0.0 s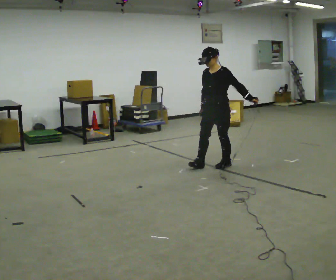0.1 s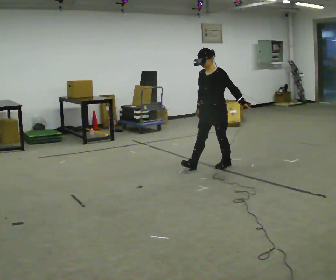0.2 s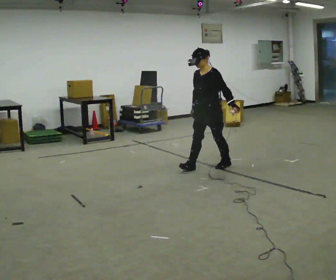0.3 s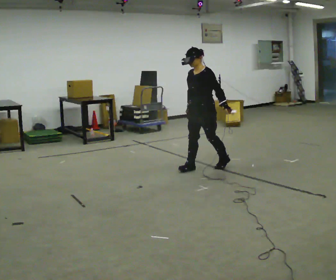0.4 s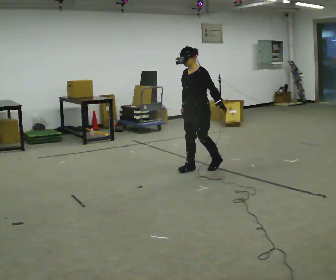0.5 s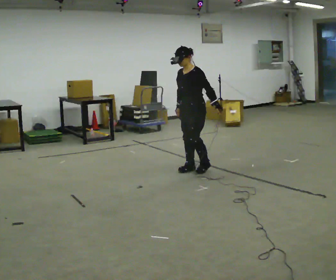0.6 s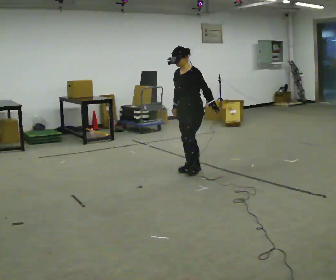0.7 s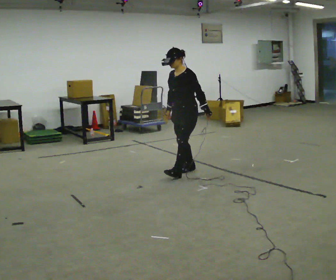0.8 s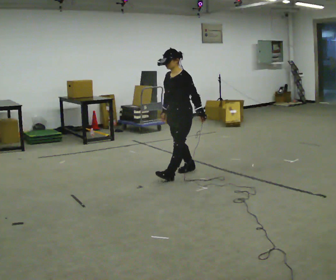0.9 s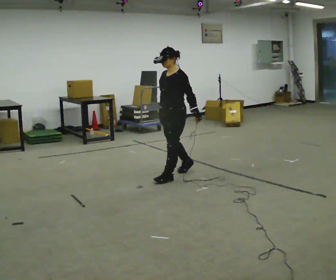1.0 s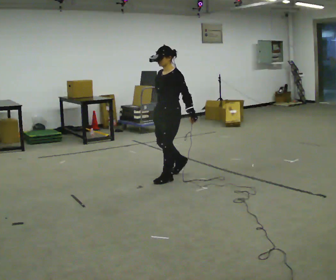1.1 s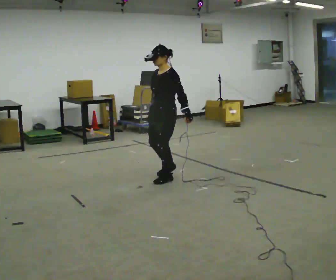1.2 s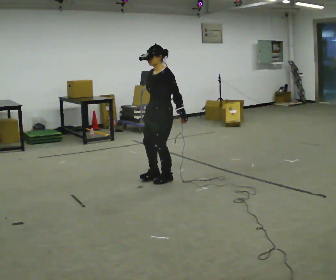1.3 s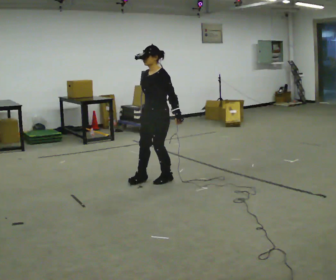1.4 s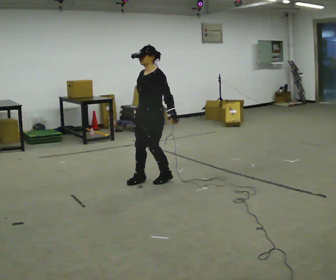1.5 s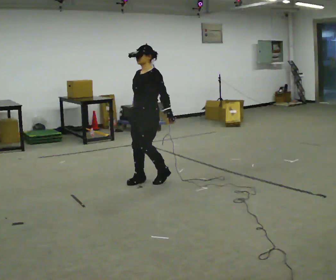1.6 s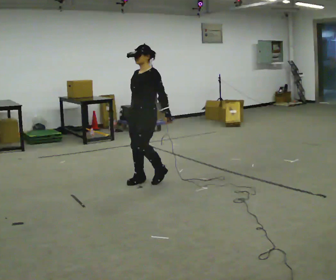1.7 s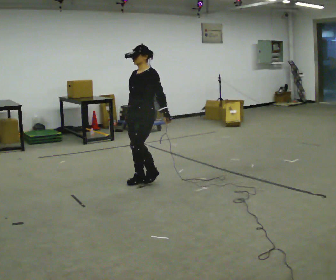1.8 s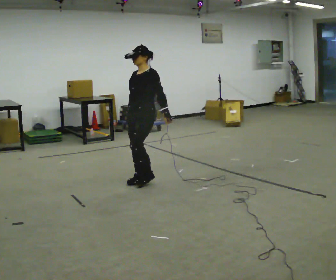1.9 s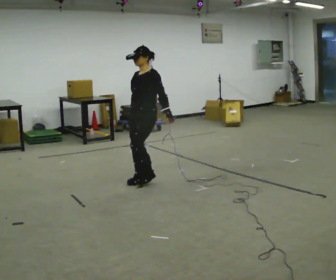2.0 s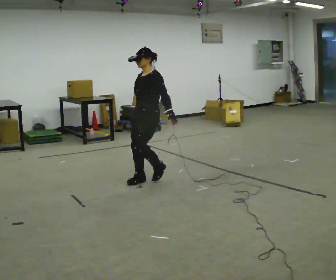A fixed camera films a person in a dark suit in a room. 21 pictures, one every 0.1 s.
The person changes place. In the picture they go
to the left.
0.0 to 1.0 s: In the picture they go to the left and toward the camera, about 0.75 m in 2 steps, which for them is forward.
1.0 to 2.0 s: In the picture they go to the left, about 0.25 m in 1 step, which for them is forward.
The film runs backward here.
